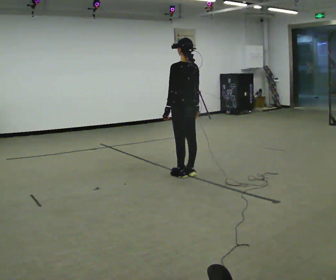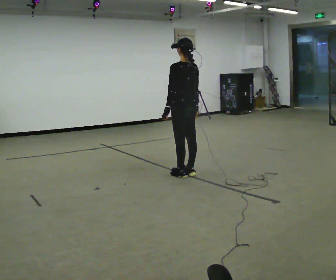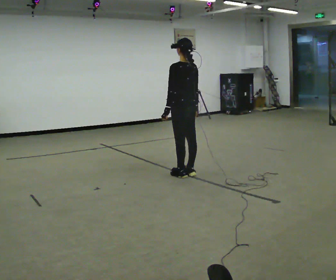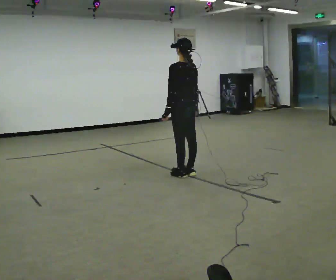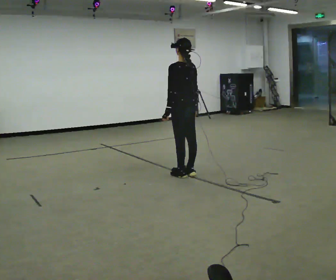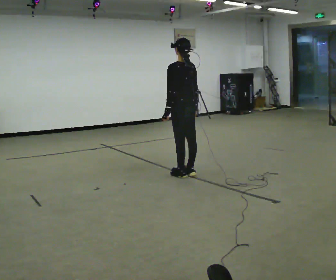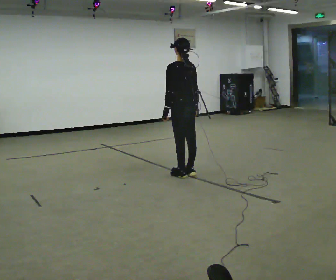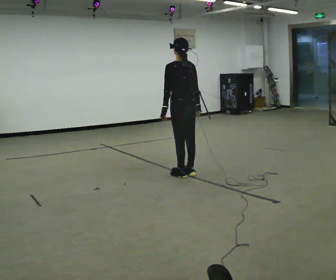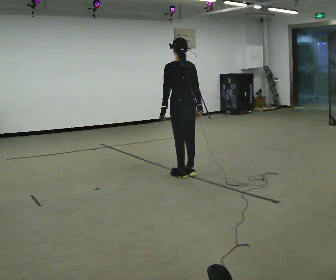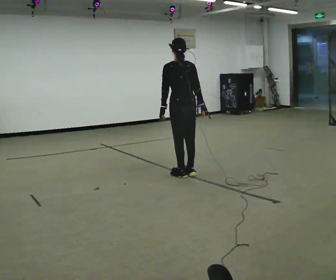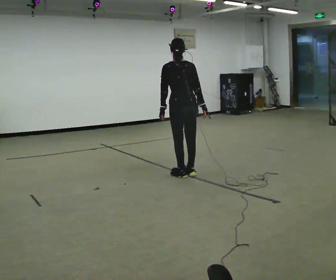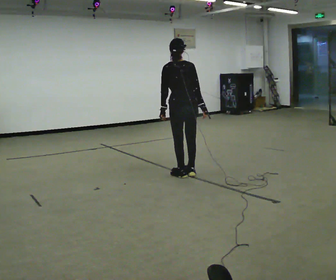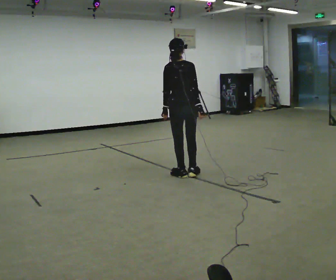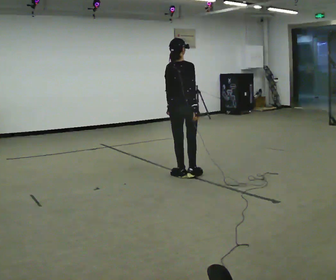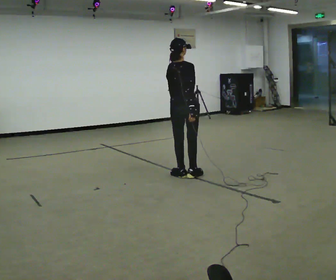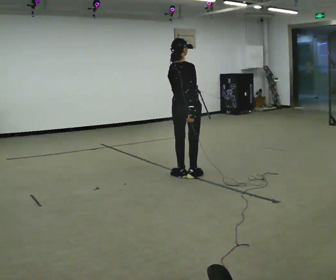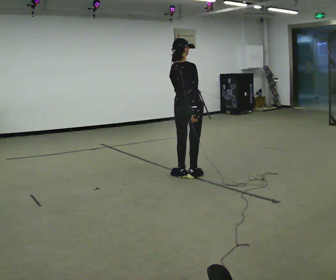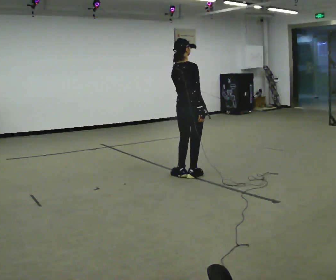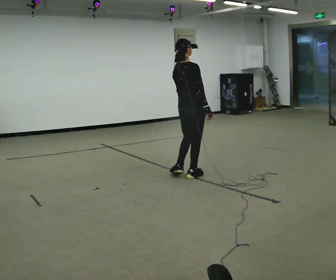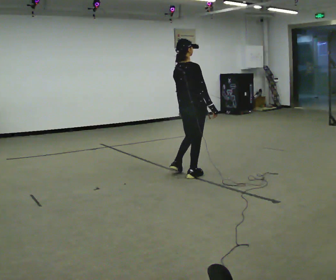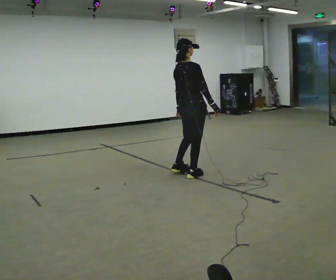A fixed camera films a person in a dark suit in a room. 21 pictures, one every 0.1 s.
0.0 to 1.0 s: Seen from above the body turns clockwise, about 30 degrees: to their right, with its near side sliding to the left.
1.0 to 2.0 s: The part of the body nearest the lens slides to the left as the person turns to their right by about 45 degrees.
The film runs forward here.
